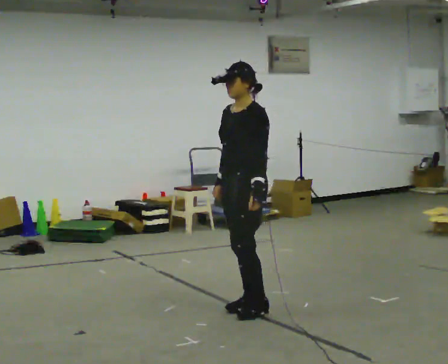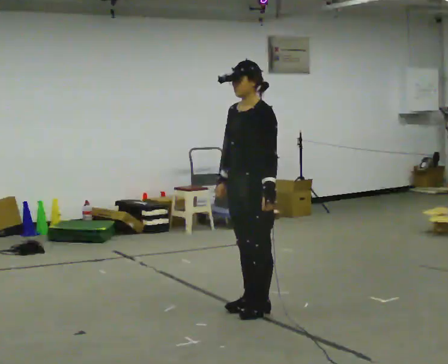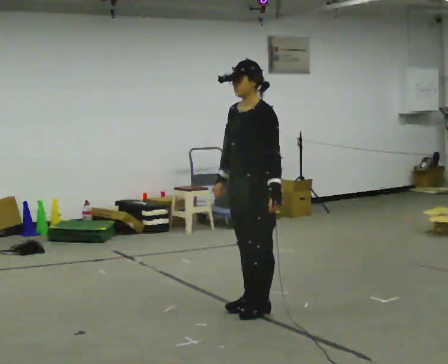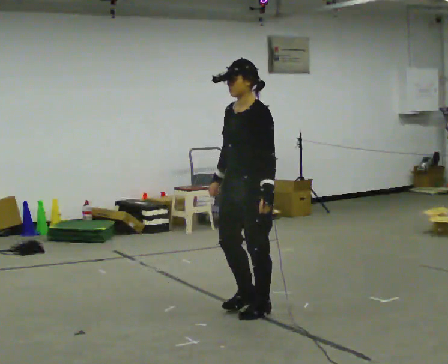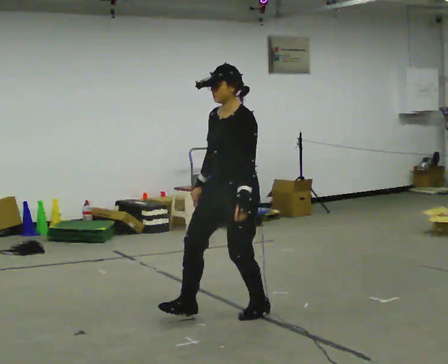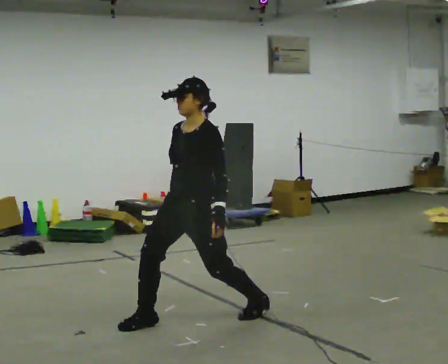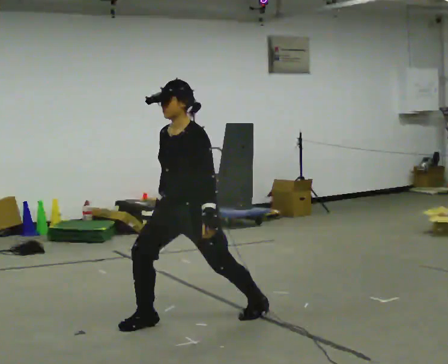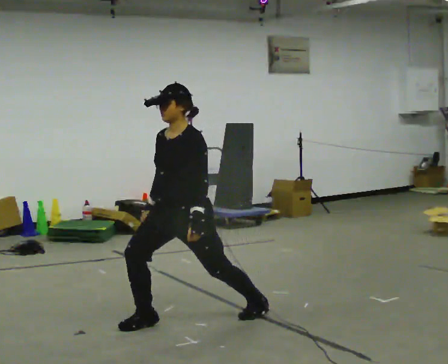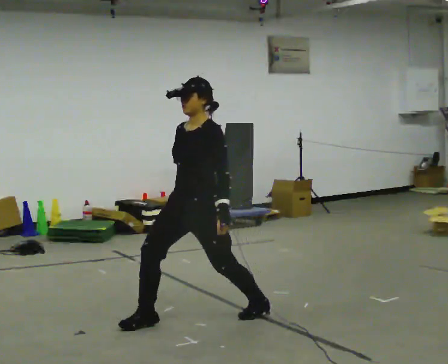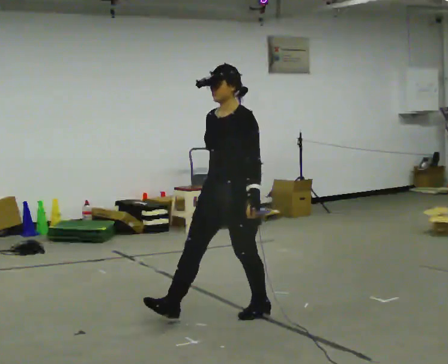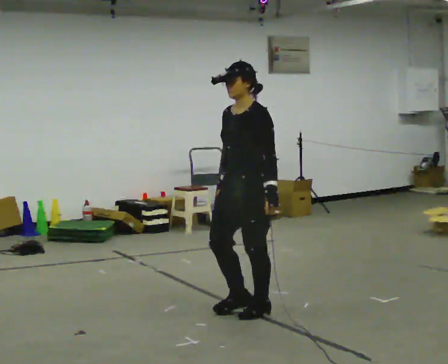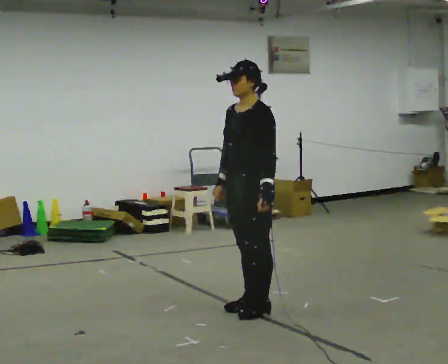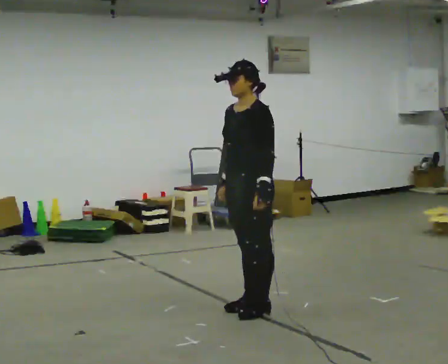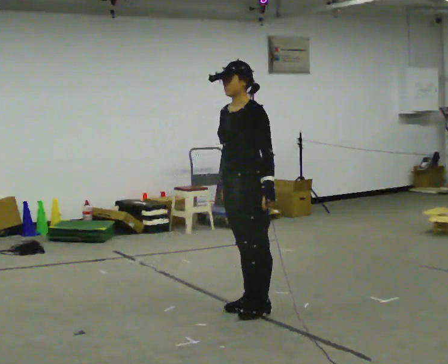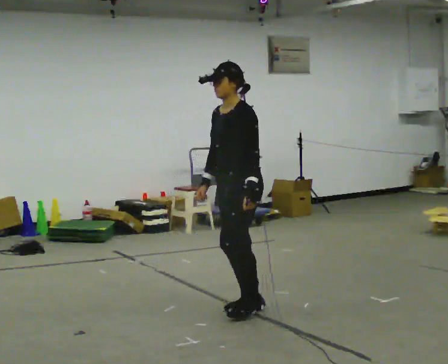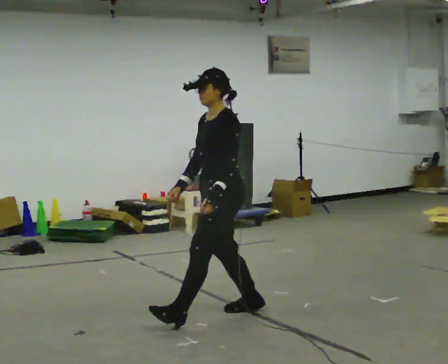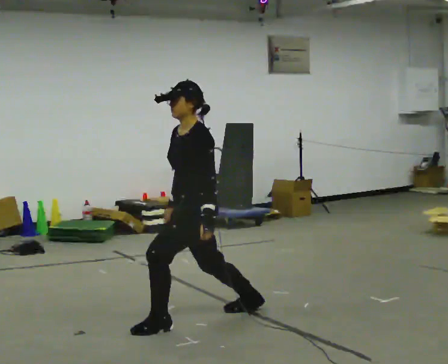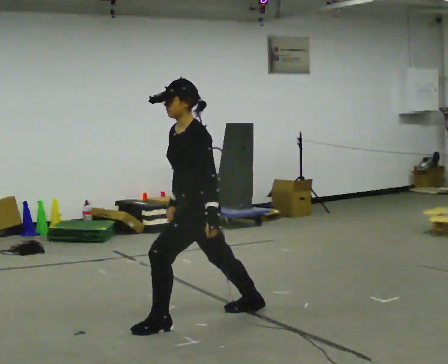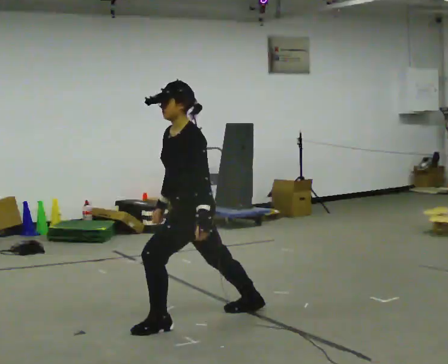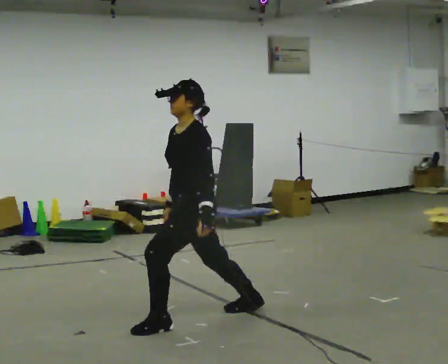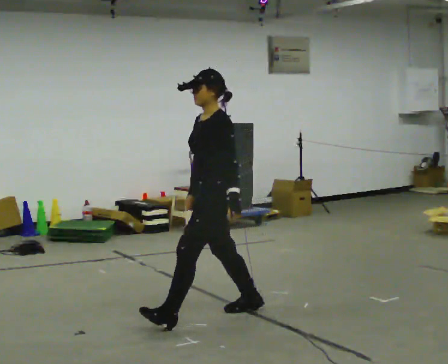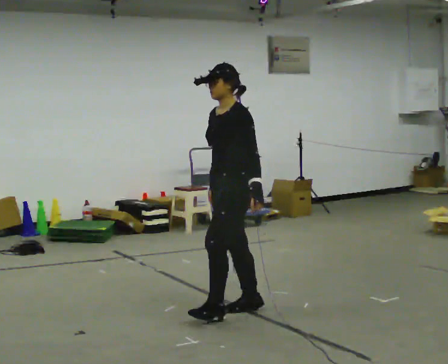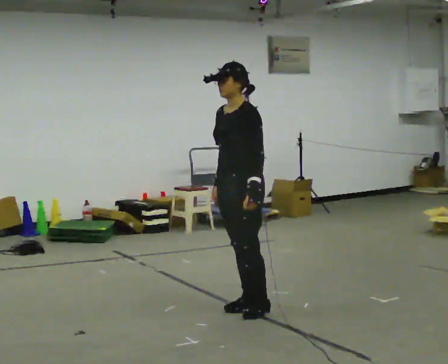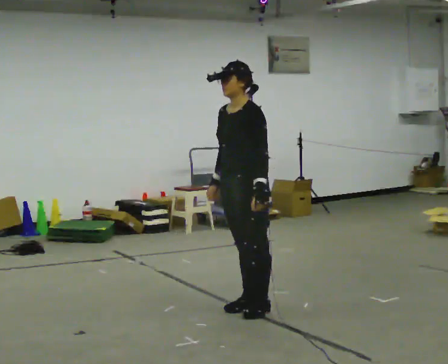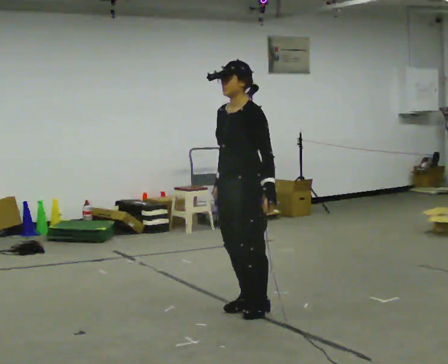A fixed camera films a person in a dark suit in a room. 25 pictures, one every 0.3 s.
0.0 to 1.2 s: The person moves a little, or ends about where they began.
1.2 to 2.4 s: In the picture they go to the left, about 0.25 m, which for them is forward and to their right.
2.4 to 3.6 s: In the picture they go to the right and away from the camera, about 0.5 m in 1 step, which for them is backward.
3.6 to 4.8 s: In the picture they go to the left and toward the camera, about 0.25 m in 1 step, which for them is forward.
4.8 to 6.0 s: The person moves a little, or ends about where they began.
6.0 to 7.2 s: In the picture they go to the right, about 0.25 m in 1 step, which for them is backward.
The film runs backward here.
